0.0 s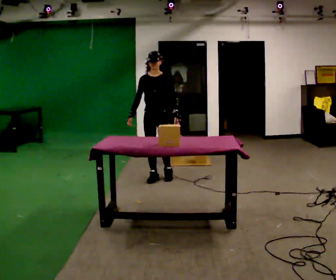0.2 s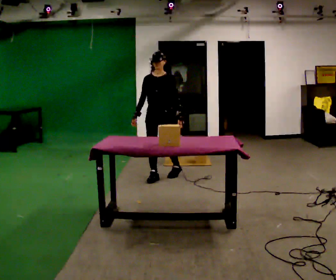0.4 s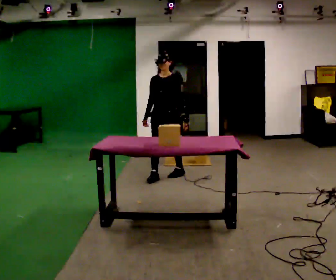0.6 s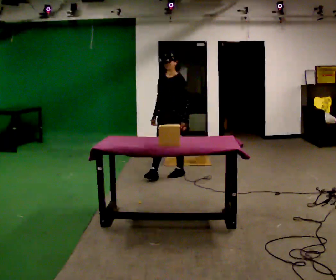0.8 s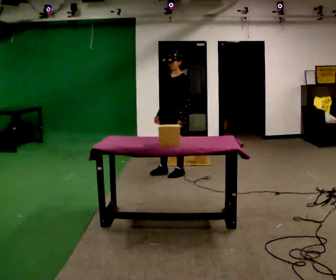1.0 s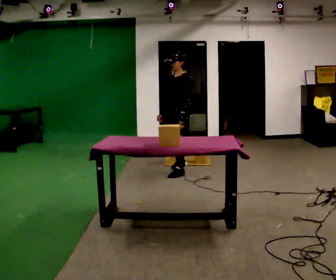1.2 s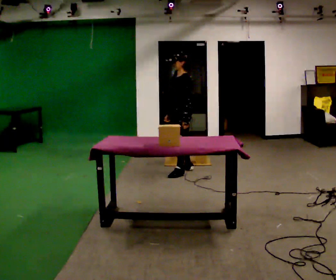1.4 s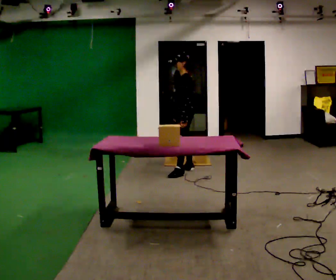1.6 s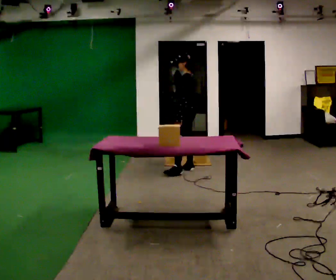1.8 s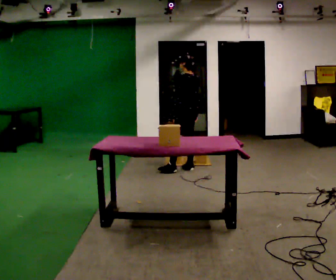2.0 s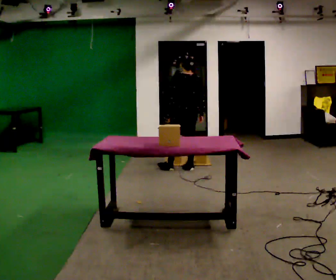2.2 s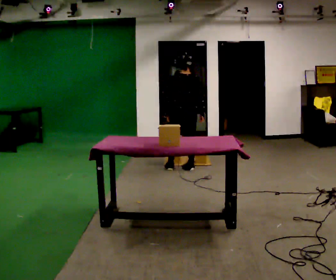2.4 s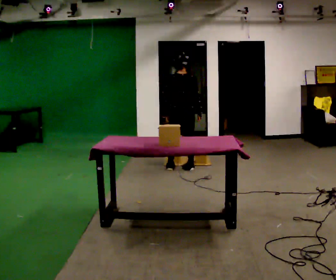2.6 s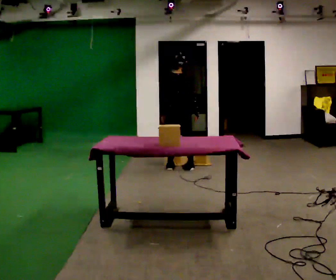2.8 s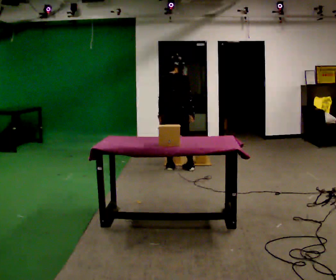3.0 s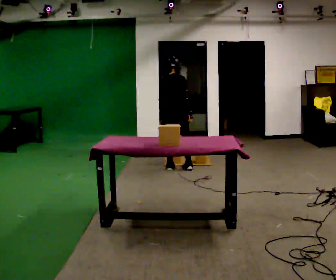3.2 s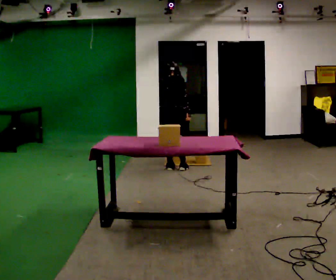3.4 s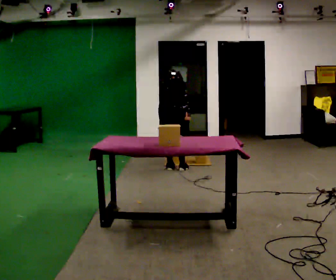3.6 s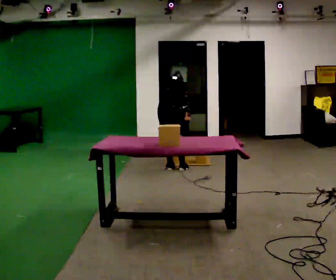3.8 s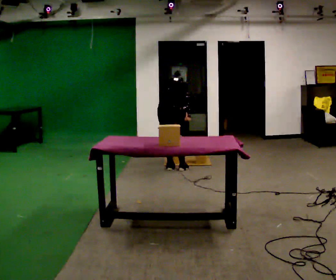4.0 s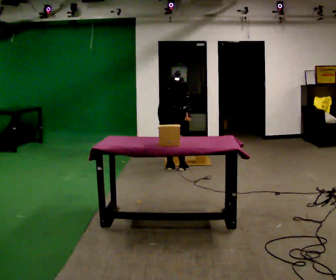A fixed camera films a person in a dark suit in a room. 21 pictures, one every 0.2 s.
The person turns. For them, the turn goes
to their right.
The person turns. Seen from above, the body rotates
clockwise.
0.0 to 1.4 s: The person turns about 75 degrees to their right, clockwise seen from above, so the part of the body nearest the lens slides to the left. In the picture they go away from the camera and to the right, about 0.5 m in 1 step.
1.4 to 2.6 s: The part of the body nearest the lens slides to the left as the person turns to their right by about 105 degrees. In the picture their left hand goes to the left.
2.6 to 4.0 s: The upper body goes downward. The upper body tips away from the camera, its near side rolling upward, as they bend forward.
The film runs backward here.
